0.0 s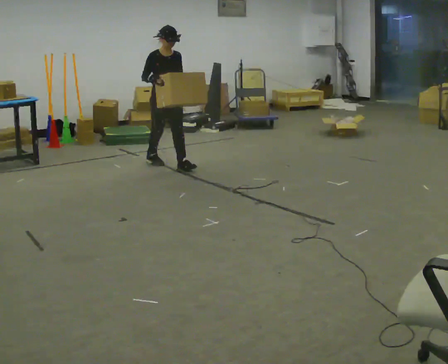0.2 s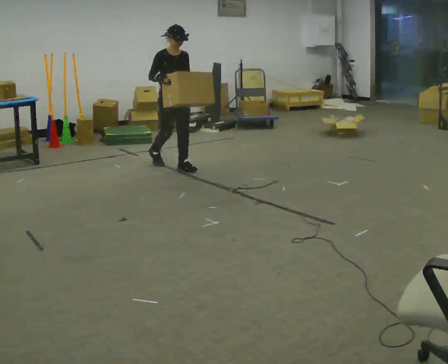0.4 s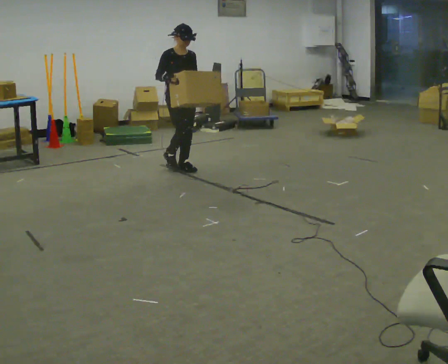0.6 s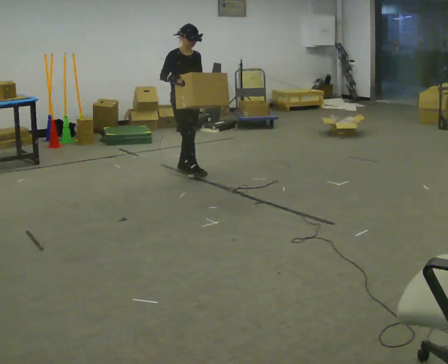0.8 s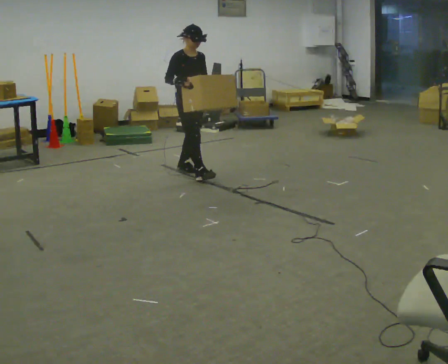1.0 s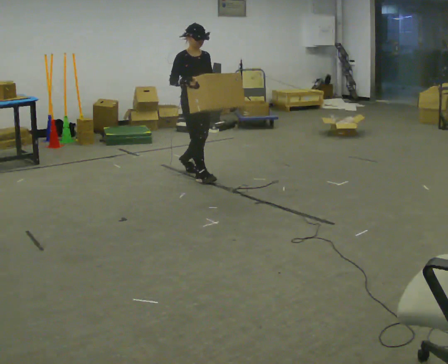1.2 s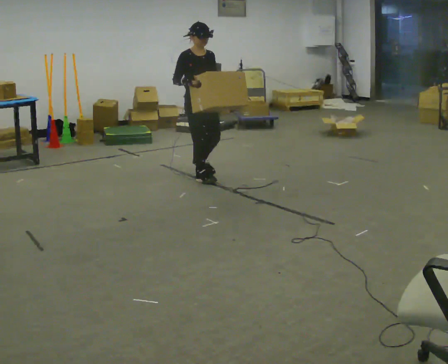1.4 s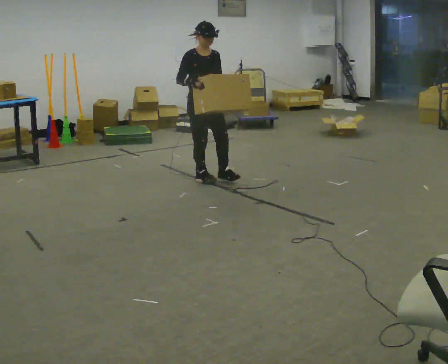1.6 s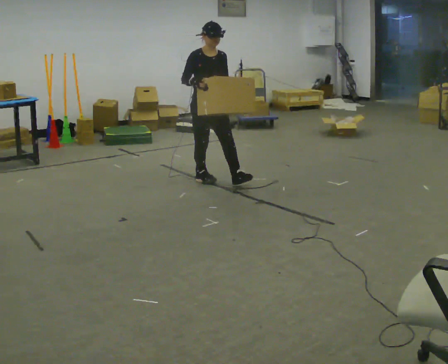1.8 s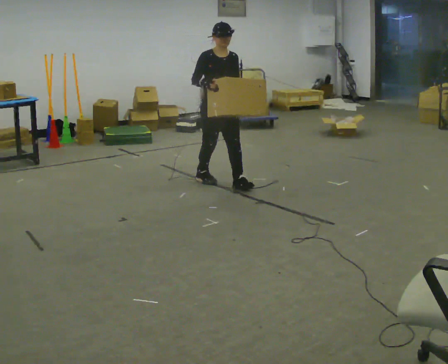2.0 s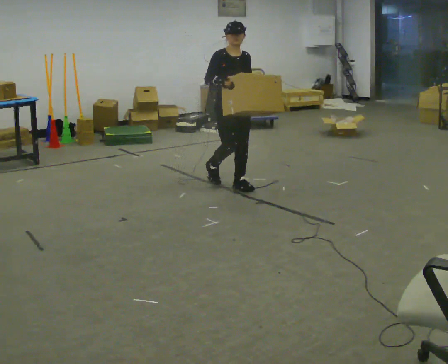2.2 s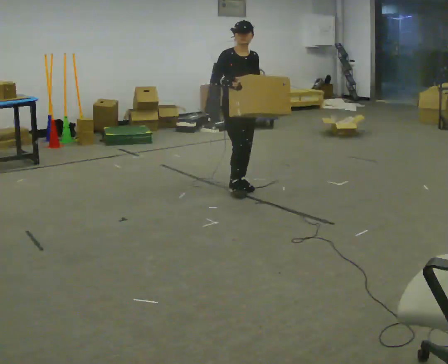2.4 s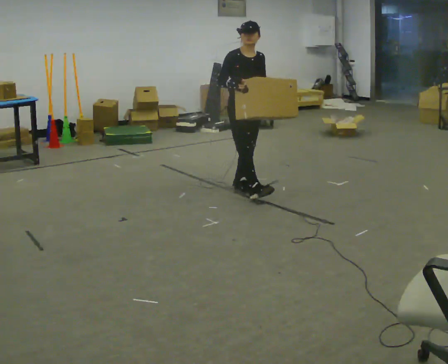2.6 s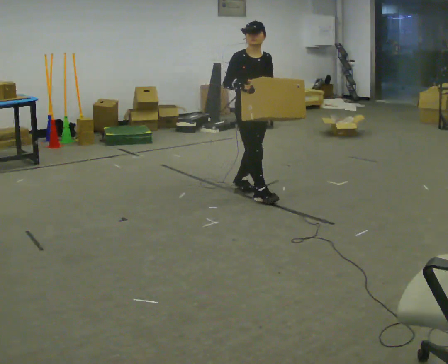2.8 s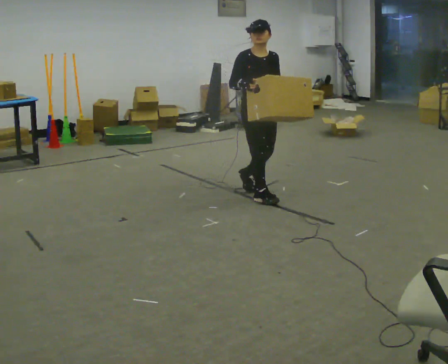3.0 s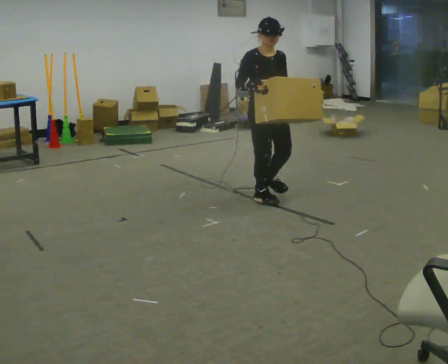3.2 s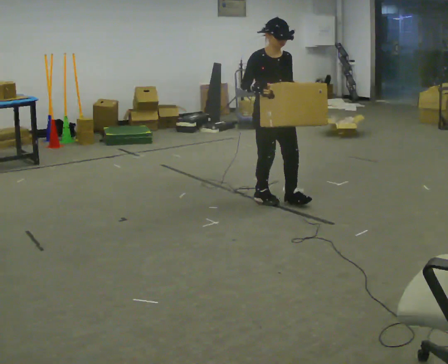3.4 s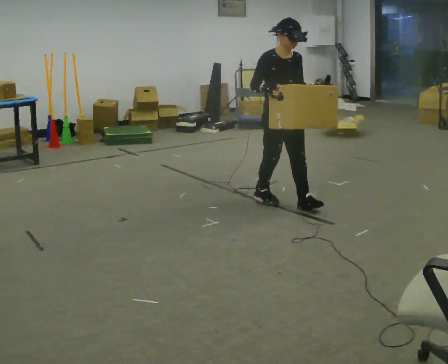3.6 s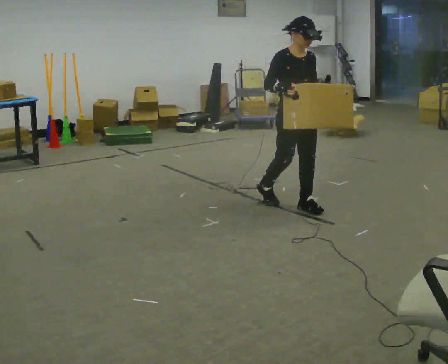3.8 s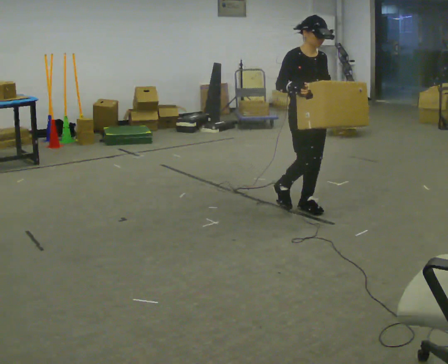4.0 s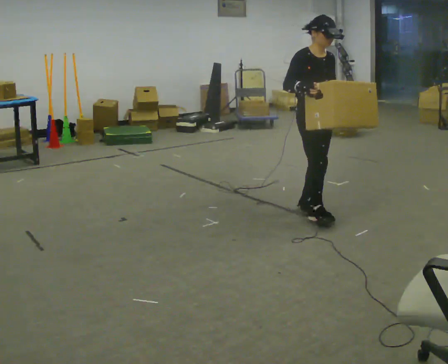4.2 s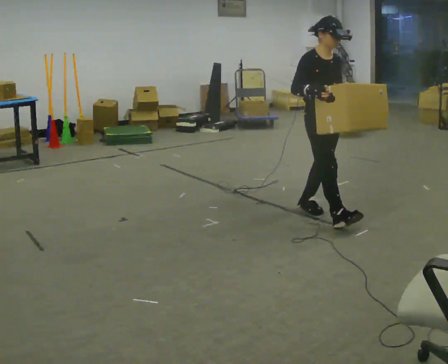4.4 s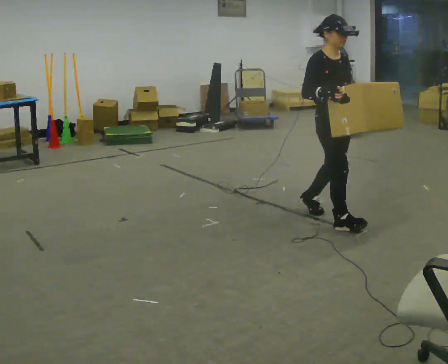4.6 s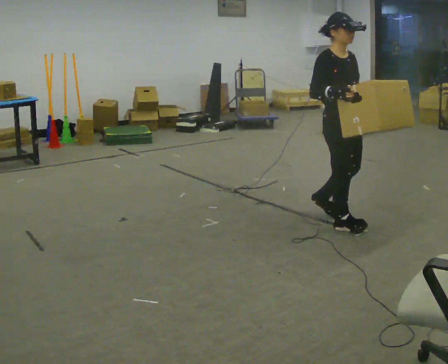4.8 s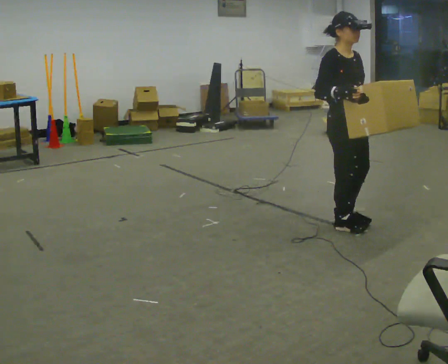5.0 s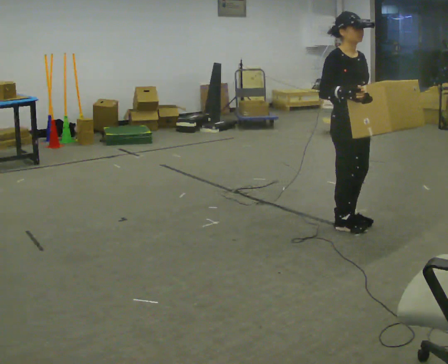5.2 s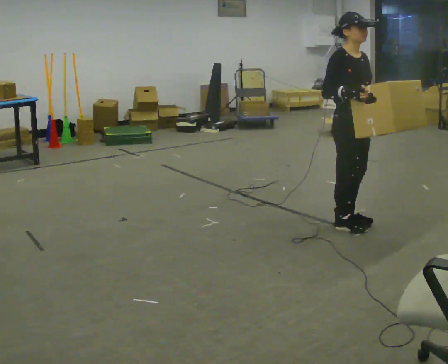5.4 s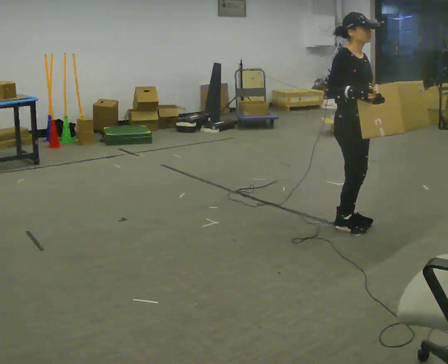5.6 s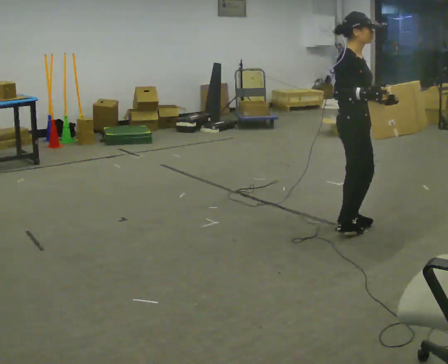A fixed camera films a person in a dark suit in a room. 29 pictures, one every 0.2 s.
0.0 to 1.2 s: In the picture they go toward the camera and to the right, about 0.5 m in 1 step, which for them is forward.
1.2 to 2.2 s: In the picture they go to the right and toward the camera, about 0.5 m in 1 step, which for them is forward.
2.2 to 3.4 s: In the picture they go toward the camera and to the right, about 0.5 m in 2 steps, which for them is forward.
3.4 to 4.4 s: In the picture they go toward the camera and to the right, about 0.5 m in 1 step, which for them is forward.
4.4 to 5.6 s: Seen from above the body turns counterclockwise, about 30 degrees: to their left, with its near side sliding to the right. In the picture they go toward the camera, about 0.25 m in 1 step, which for them is forward.
The film runs forward here.
